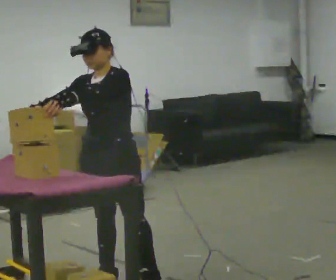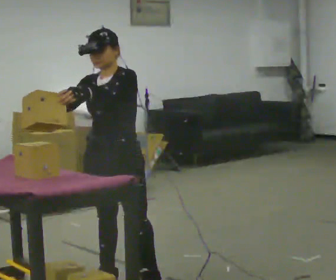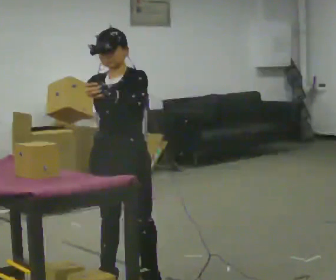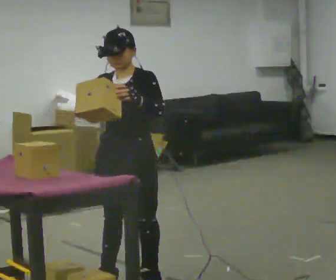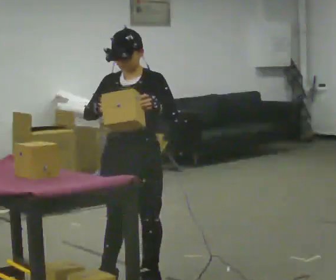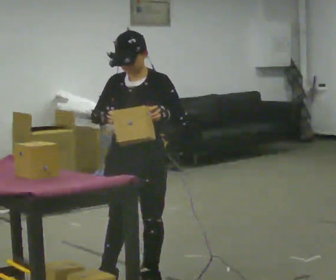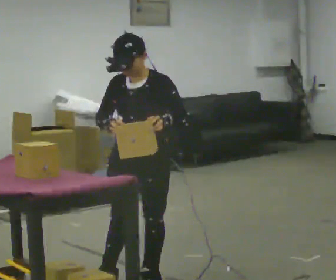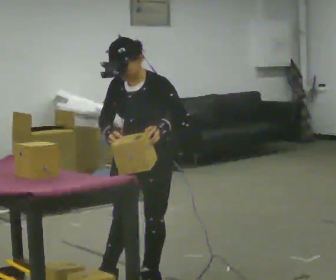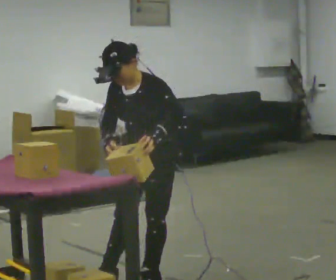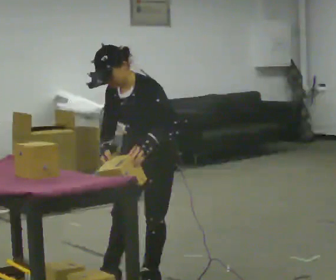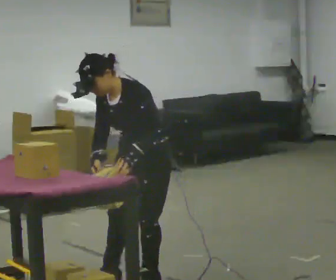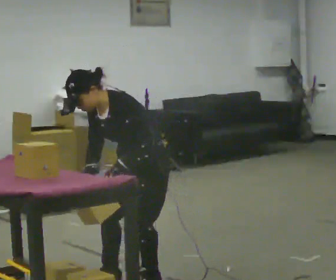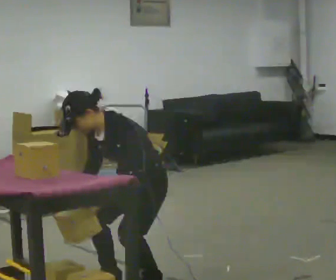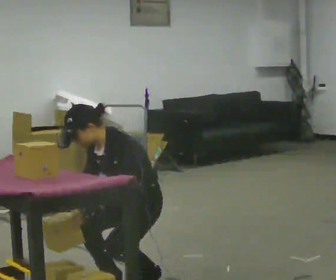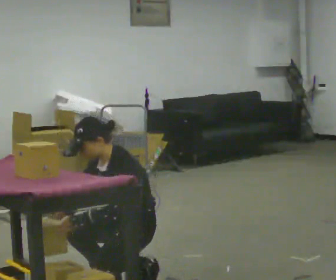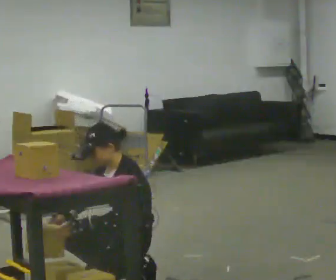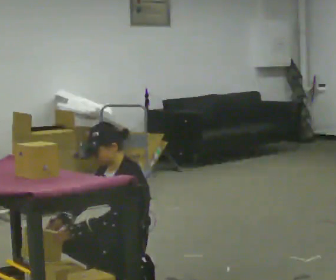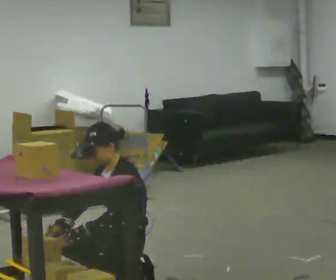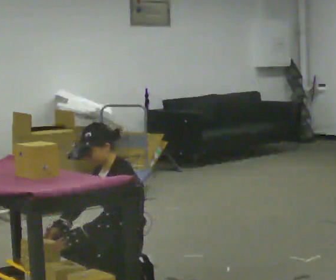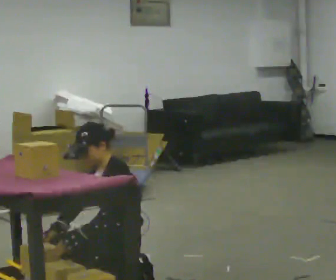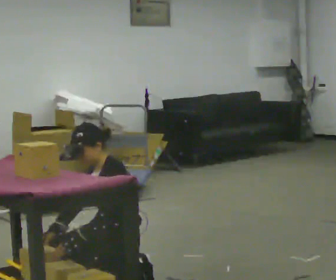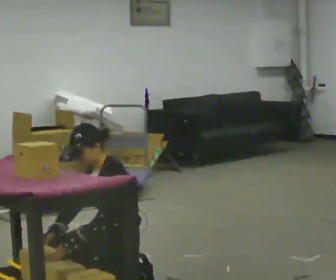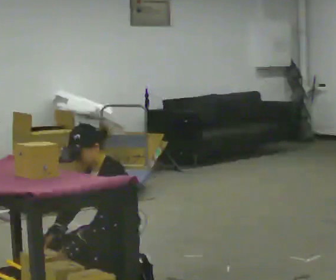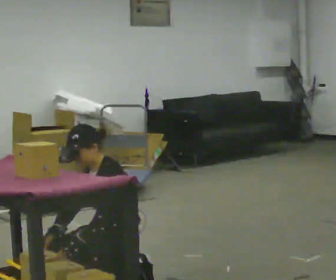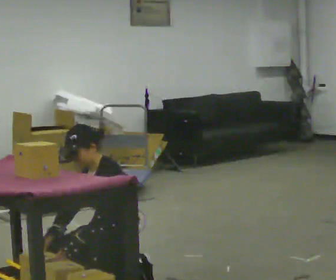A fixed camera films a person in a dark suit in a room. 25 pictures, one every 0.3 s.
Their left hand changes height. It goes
downward.
The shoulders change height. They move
downward.
0.0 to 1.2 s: In the picture their left hand goes to the right.
1.2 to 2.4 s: The person moves a little, or ends about where they began.
2.4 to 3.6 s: The shoulders move downward. In the picture the upper body tilts counterclockwise, shoulders to the left, as they bend forward. In the picture their left hand goes to the left.
3.6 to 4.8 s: The shoulders move downward. In the picture the upper body tilts clockwise, shoulders to the right, as they lean back or straighten.
4.8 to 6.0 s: The person moves a little, or ends about where they began.
6.0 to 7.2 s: The person keeps their place and pose.
The film runs forward here.
